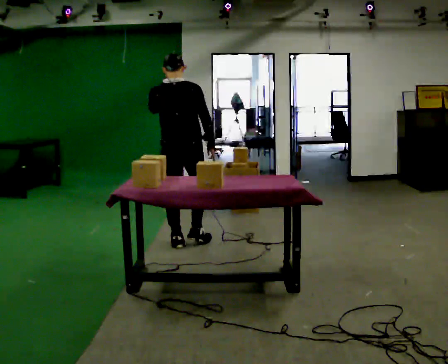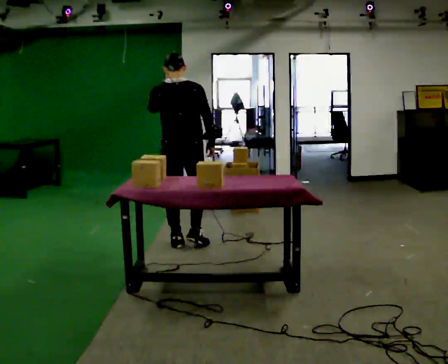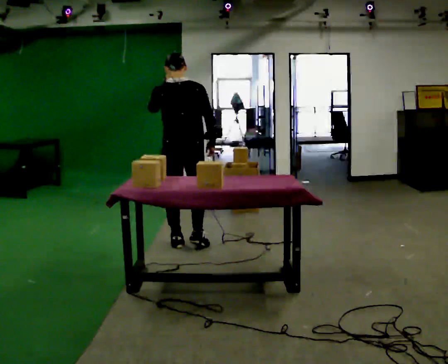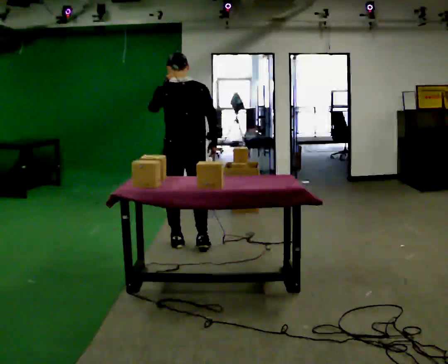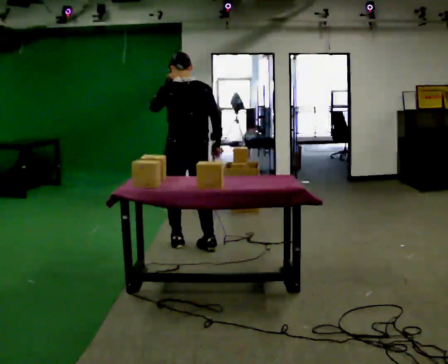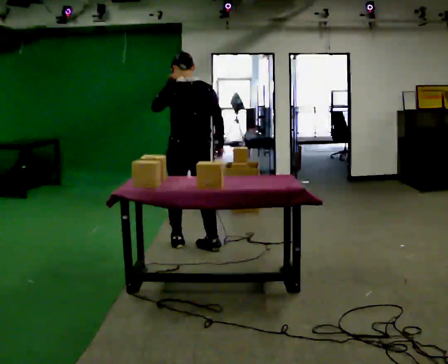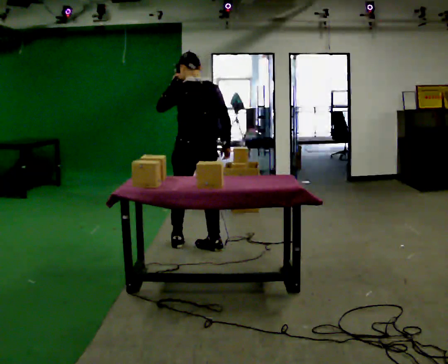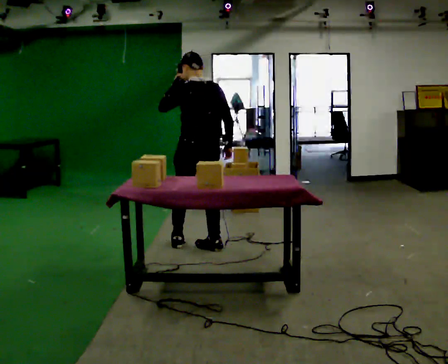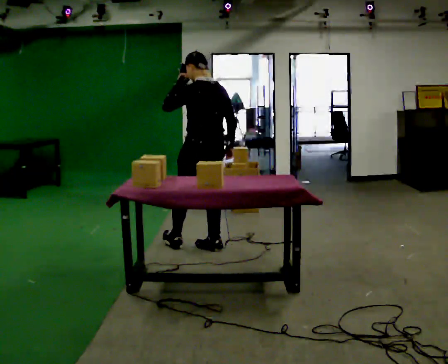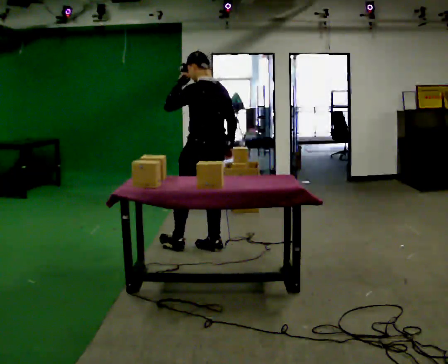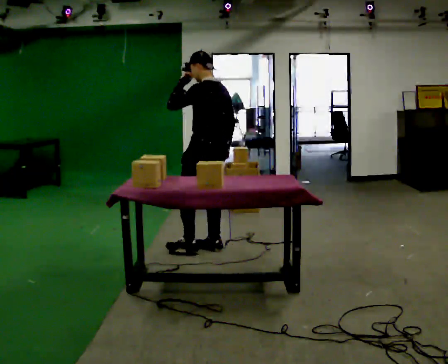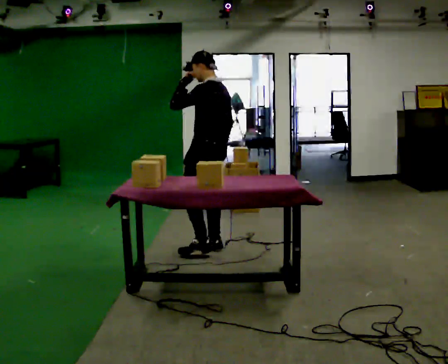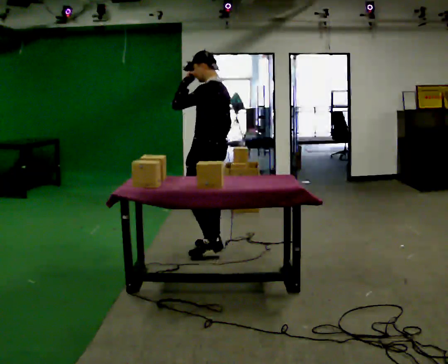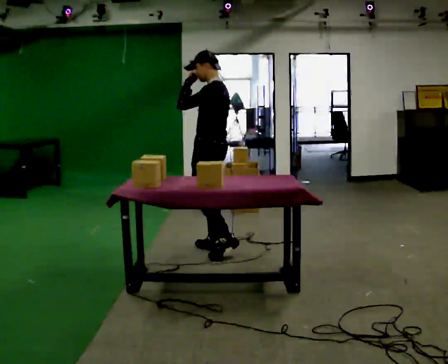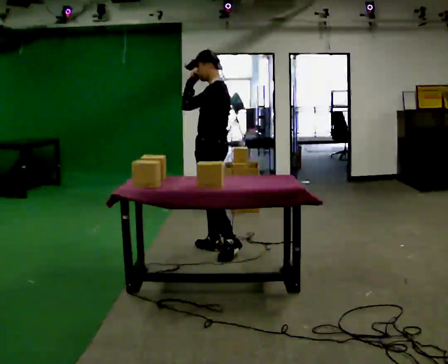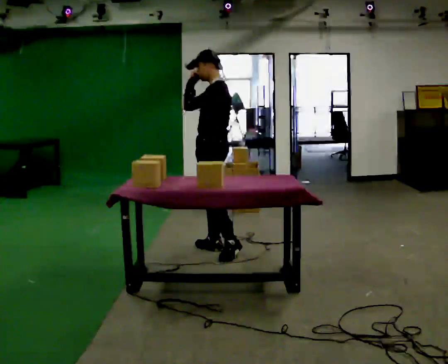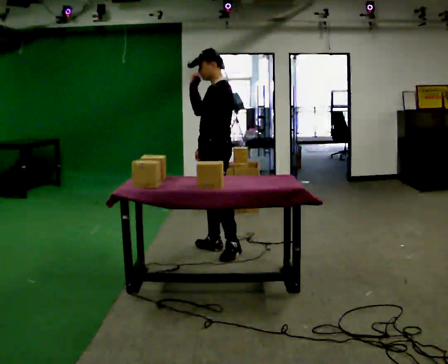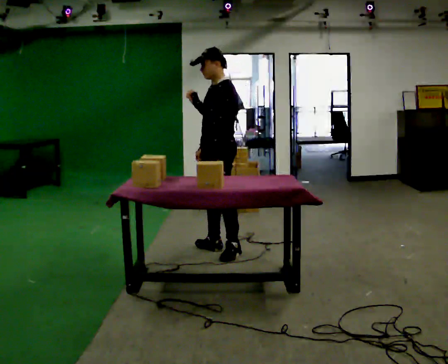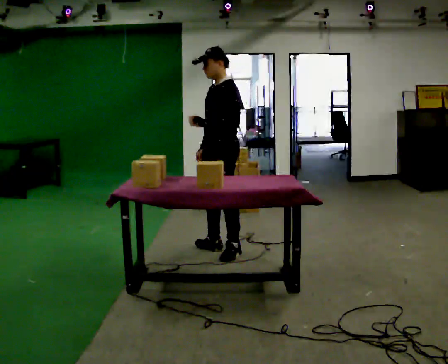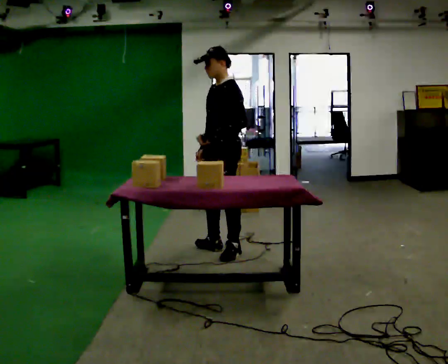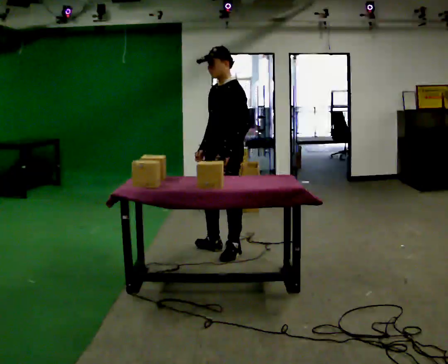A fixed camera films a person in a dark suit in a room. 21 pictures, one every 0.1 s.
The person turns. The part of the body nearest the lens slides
to the right.
The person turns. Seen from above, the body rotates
counterclockwise.
0.0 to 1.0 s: Seen from above the body turns counterclockwise, about 60 degrees: to their left, with its near side sliding to the right. In the picture they go to the right, about 0.25 m in 1 step.
1.0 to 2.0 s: The part of the body nearest the lens slides to the right as the person turns to their left by about 60 degrees. In the picture their left hand goes downward and to the right.
The film runs backward here.
